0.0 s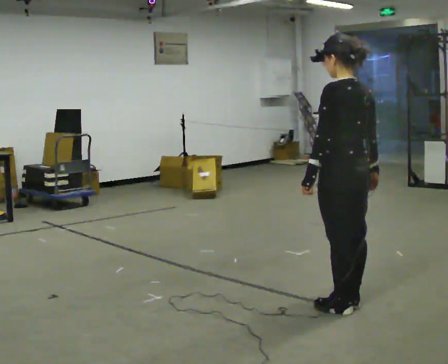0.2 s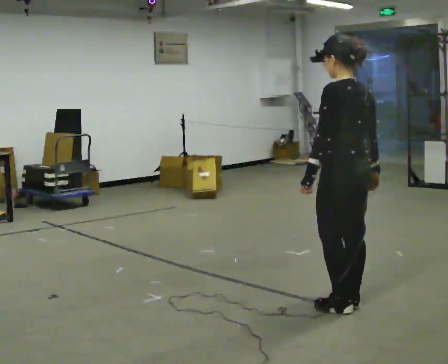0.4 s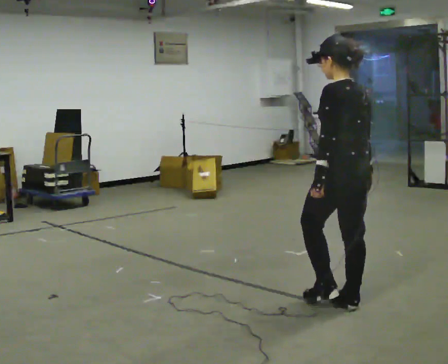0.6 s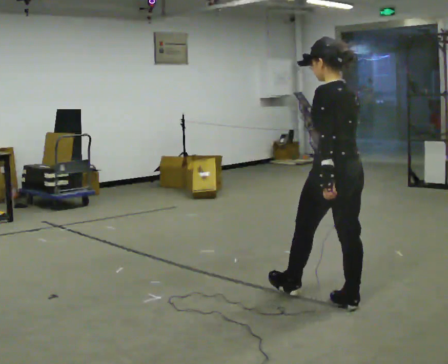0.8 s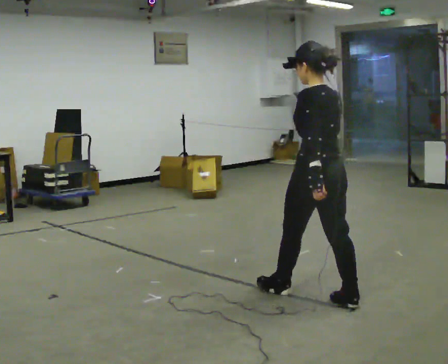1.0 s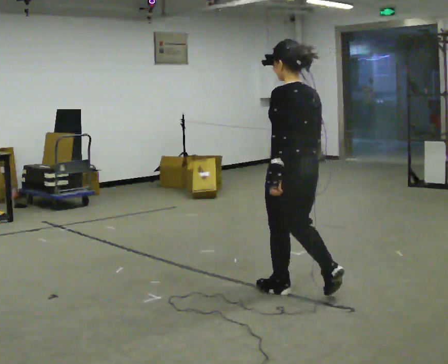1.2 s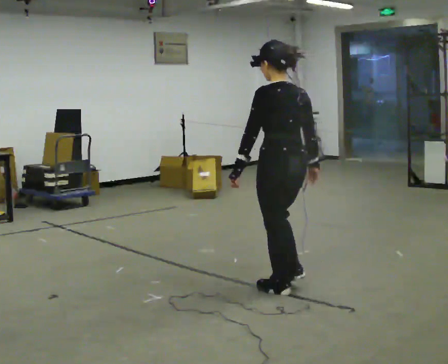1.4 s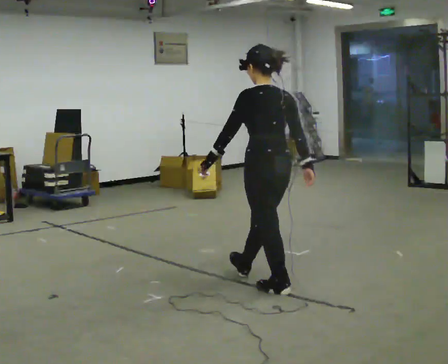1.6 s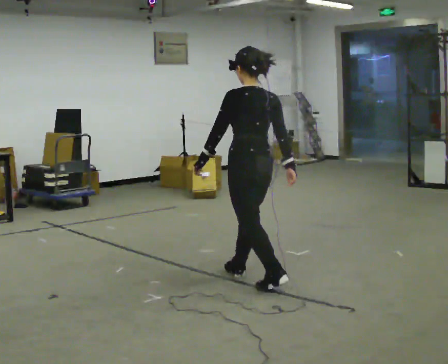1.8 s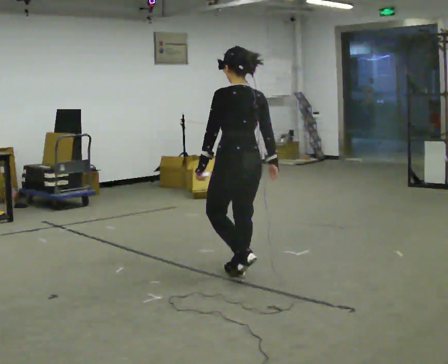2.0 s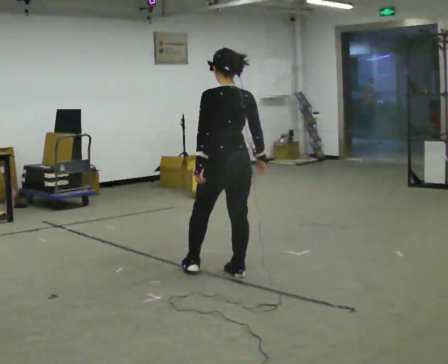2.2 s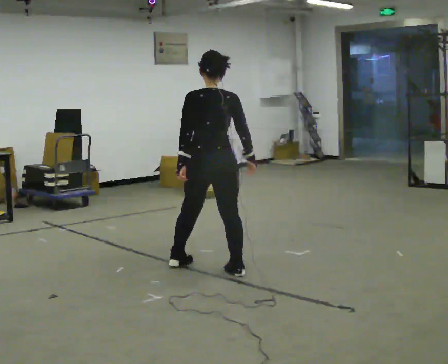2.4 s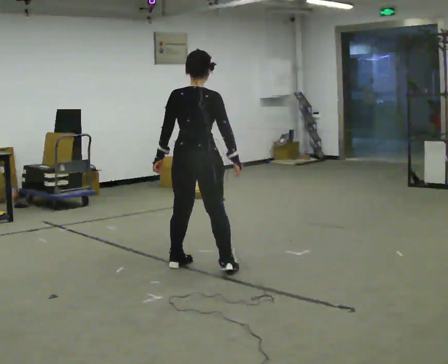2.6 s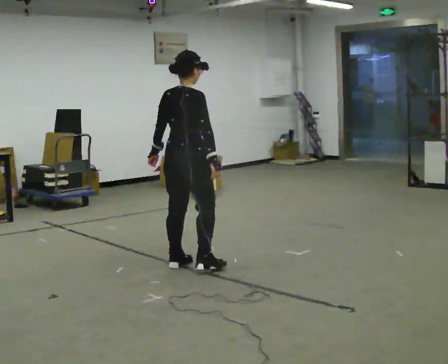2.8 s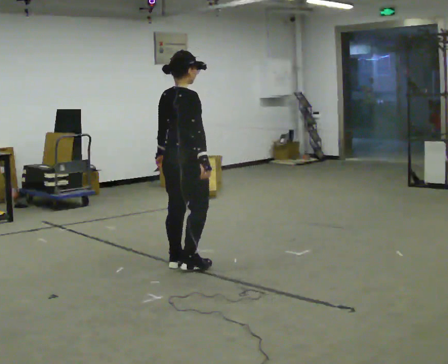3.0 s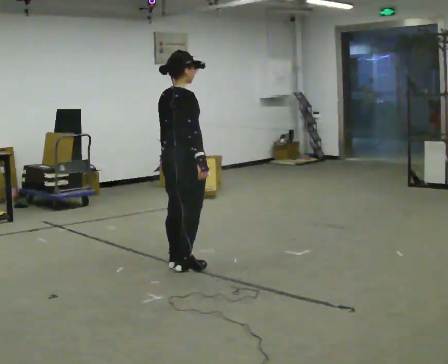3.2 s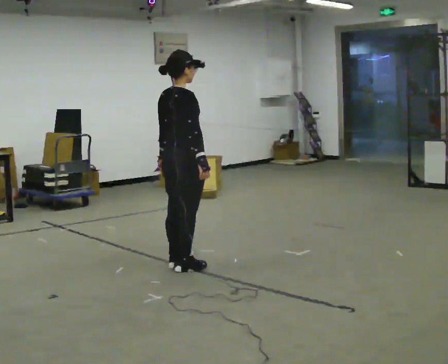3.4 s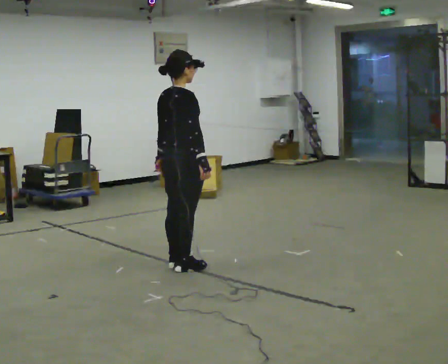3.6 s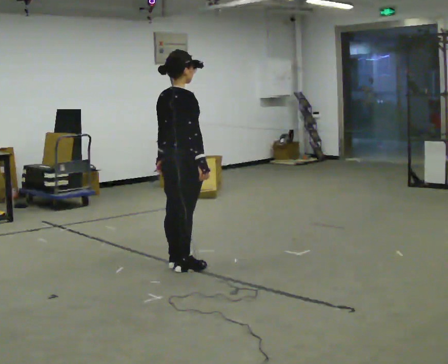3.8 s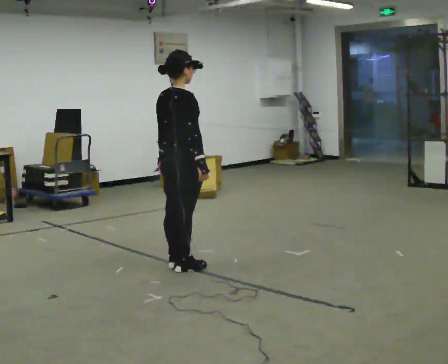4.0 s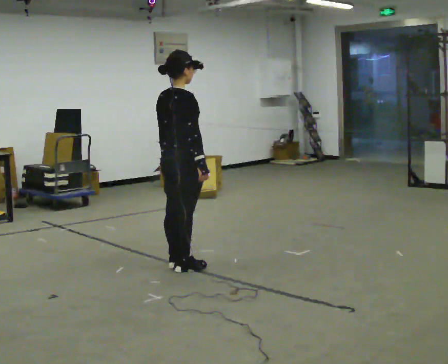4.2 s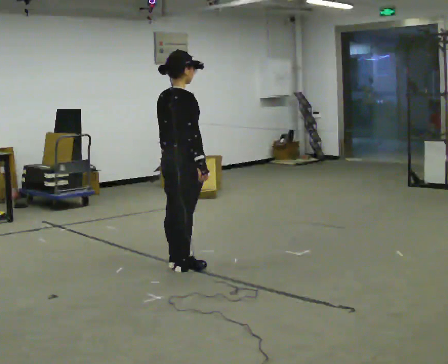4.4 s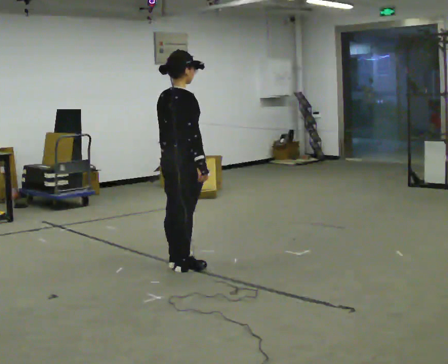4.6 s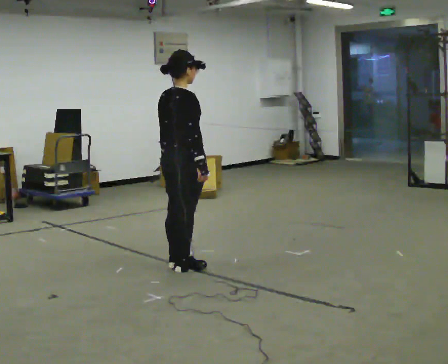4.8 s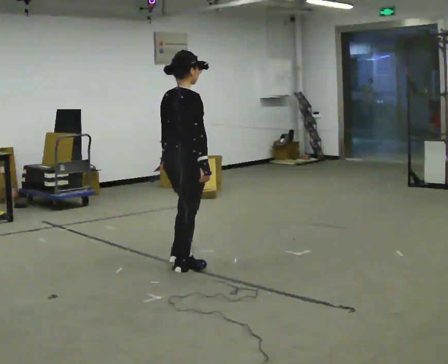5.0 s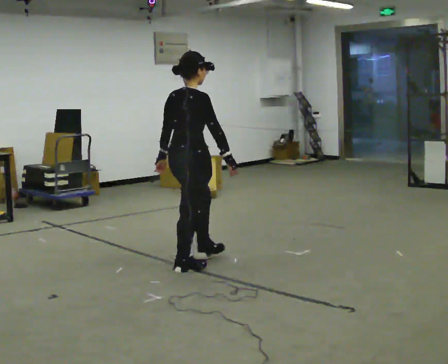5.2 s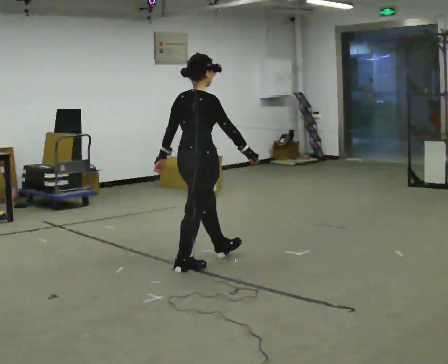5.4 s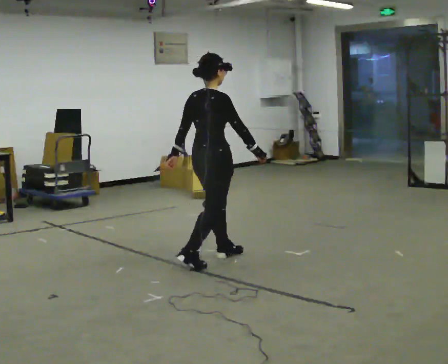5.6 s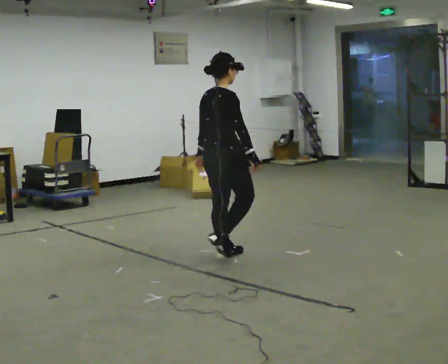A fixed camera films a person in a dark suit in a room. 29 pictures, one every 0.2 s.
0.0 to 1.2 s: In the picture they go away from the camera and to the left, about 0.5 m in 1 step, which for them is forward.
1.2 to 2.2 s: Seen from above the body turns clockwise, about 45 degrees: to their right, with its near side sliding to the left. In the picture they go away from the camera and to the left, about 1 m in 2 steps, which for them is forward.
2.2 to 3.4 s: The person turns about 45 degrees to their right, clockwise seen from above, so the part of the body nearest the lens slides to the left. In the picture they go to the left, about 0.25 m in 1 step, which for them is to their left. In the picture their right hand goes to the left.
3.4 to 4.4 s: The person moves a little, or ends about where they began.
4.4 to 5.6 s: In the picture they go to the right and away from the camera, about 0.5 m in 1 step, which for them is forward.
The film runs forward here.
